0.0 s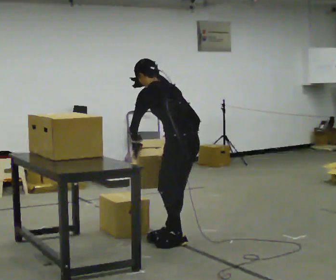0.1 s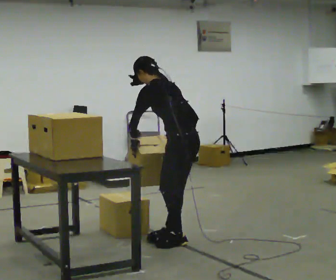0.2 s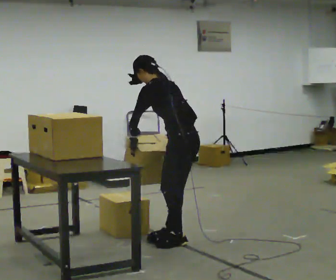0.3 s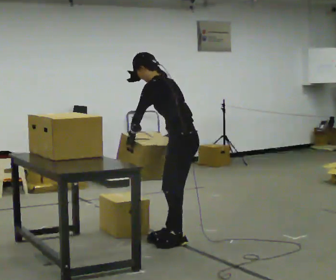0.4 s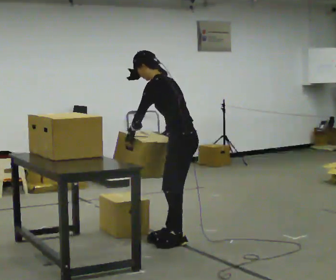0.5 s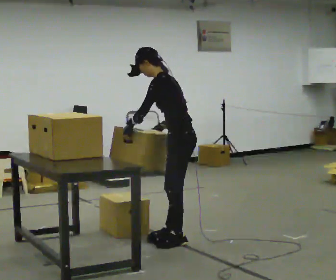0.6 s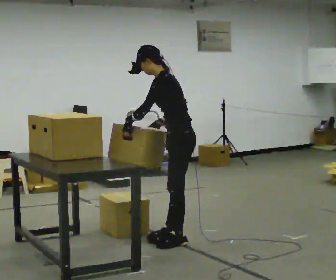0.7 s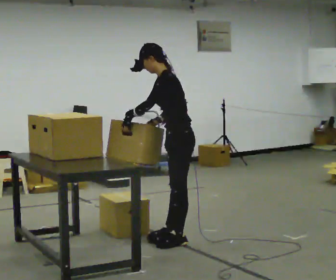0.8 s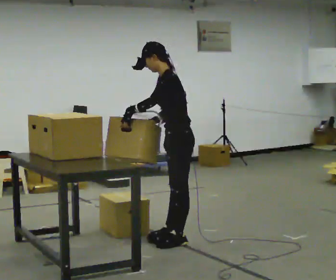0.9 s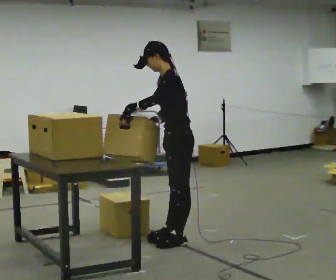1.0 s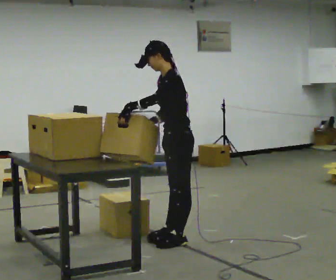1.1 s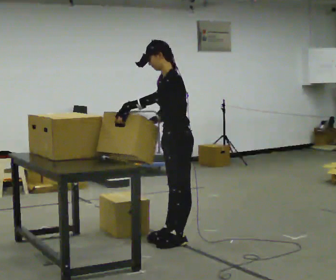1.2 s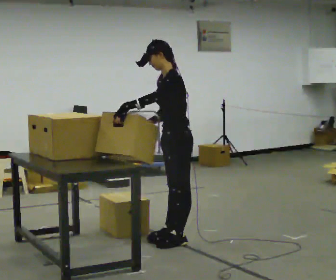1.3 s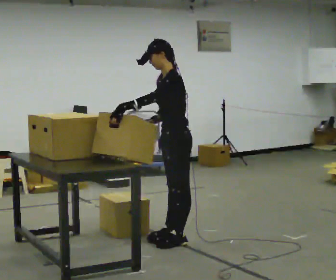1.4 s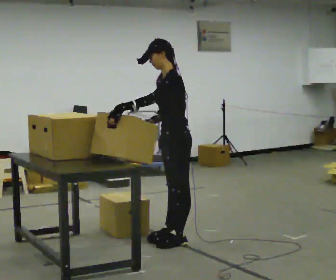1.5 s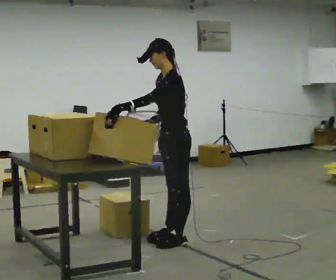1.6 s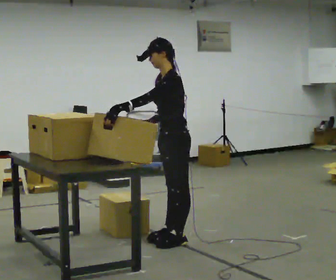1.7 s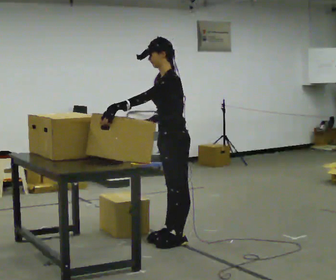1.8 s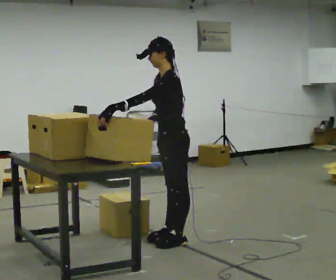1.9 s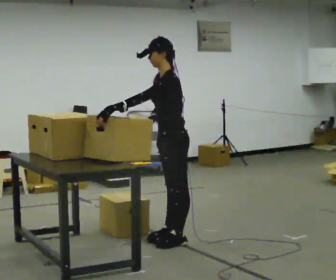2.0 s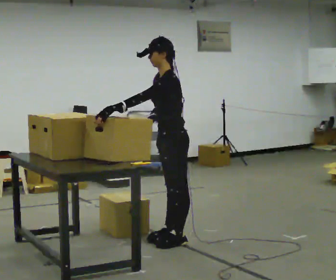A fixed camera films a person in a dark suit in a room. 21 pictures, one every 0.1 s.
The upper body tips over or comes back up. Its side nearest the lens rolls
downward.
0.0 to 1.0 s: The person turns about 45 degrees to their left, counterclockwise seen from above, so the part of the body nearest the lens slides to the right. The upper body tips toward the camera, its near side rolling downward, as they lean back or straighten. In the picture their right hand goes to the left, the arm swinging clockwise.
1.0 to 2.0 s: The person moves a little, or ends about where they began.
The film runs backward here.
